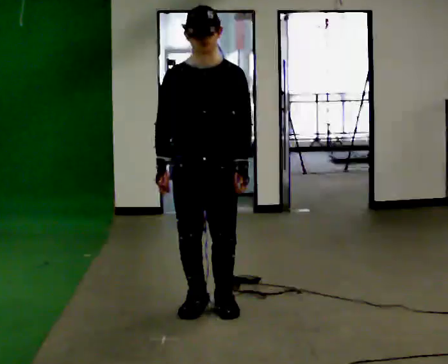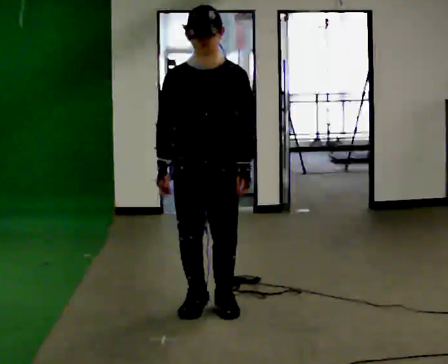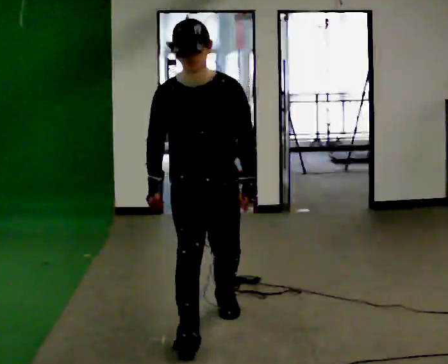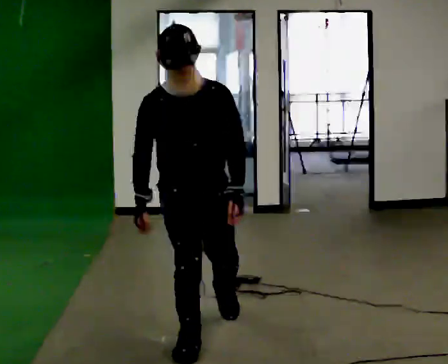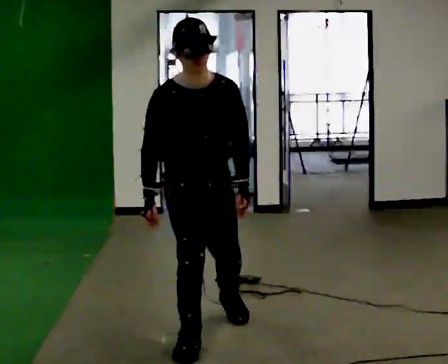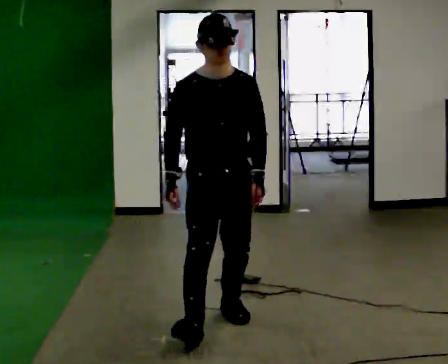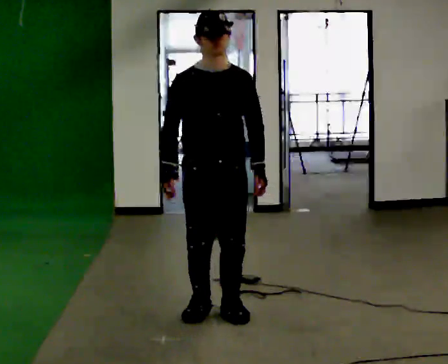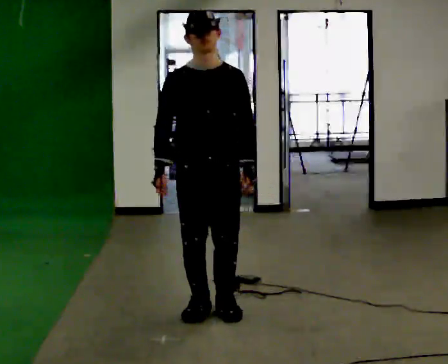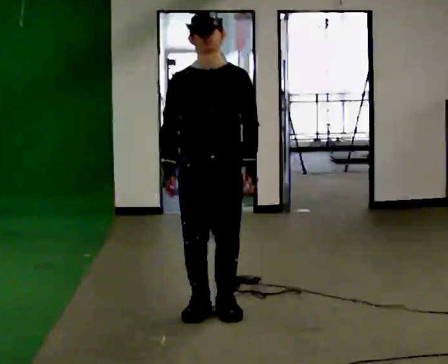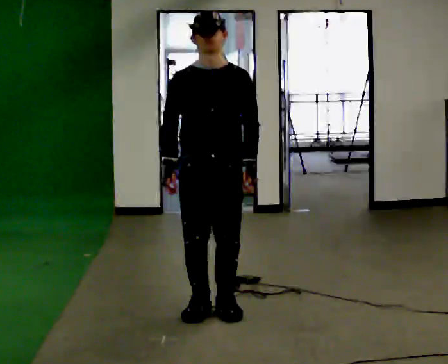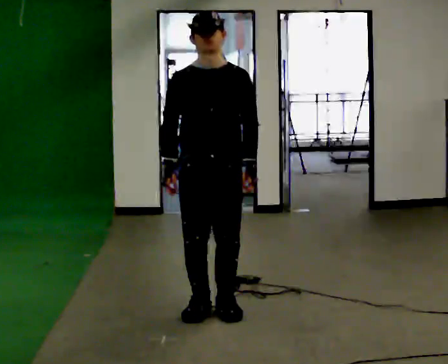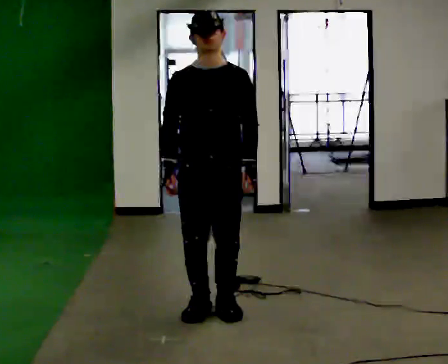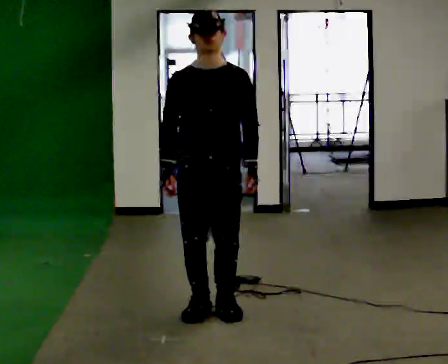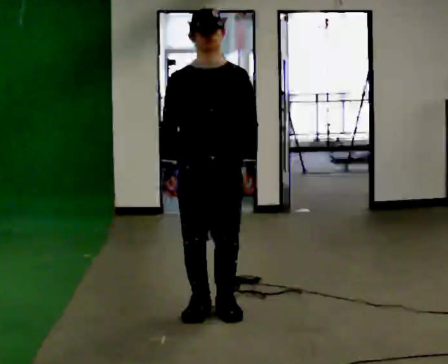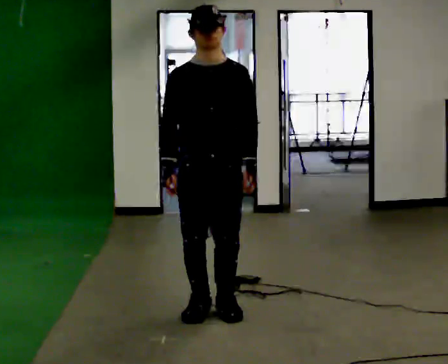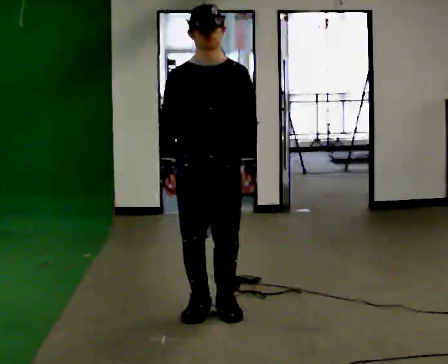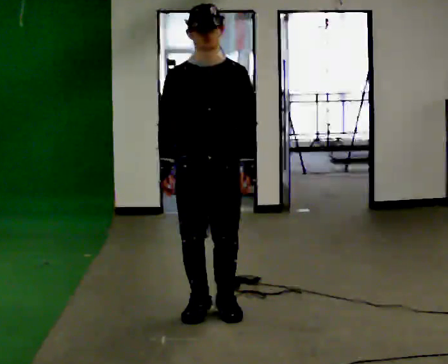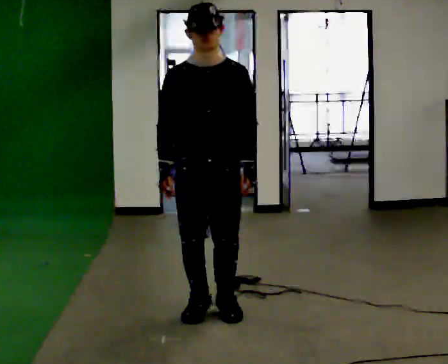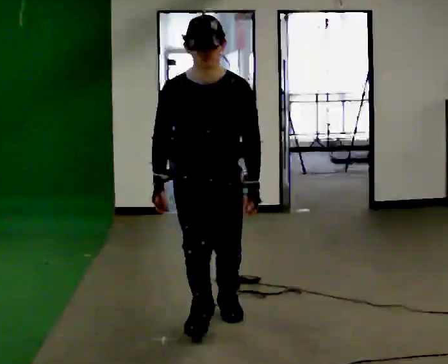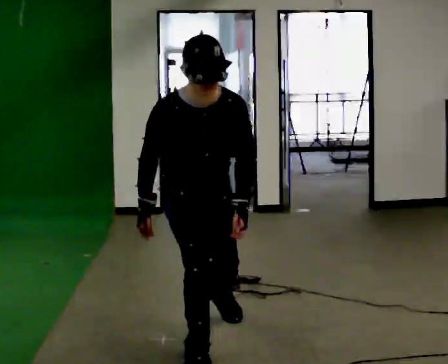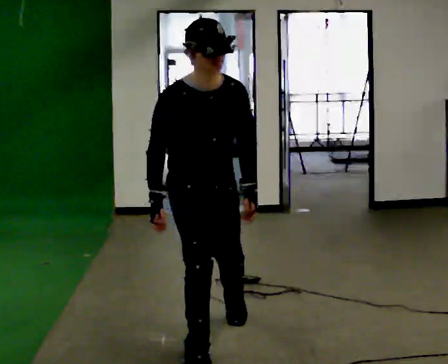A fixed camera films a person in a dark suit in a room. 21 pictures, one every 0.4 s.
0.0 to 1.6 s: In the picture they go toward the camera, about 0.5 m in 1 step, which for them is forward.
1.6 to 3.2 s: In the picture they go away from the camera, about 0.5 m in 1 step, which for them is backward and to their left. The upper body tips away from the camera, its near side rolling upward, as they lean back or straighten.
3.2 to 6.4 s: The person moves a little, or ends about where they began.
6.4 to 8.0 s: The part of the body nearest the lens slides to the right as the person turns to their left by about 30 degrees. In the picture they go toward the camera, about 0.25 m in 1 step, which for them is forward.
The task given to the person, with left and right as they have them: Stand on the marked spots with your feet together. Lean forward from the ankles, keeping your body straight, until you cannot hold it any longer, then step forward to catch yourself. Return to the spots. Repeat at your own pace until the operator says stop. Go slowly and only as far as you are comfortable. Step whenever you need to; do not try to hold on longer than feels safe.
The film runs forward here.
